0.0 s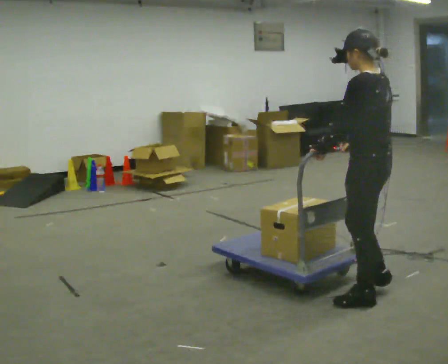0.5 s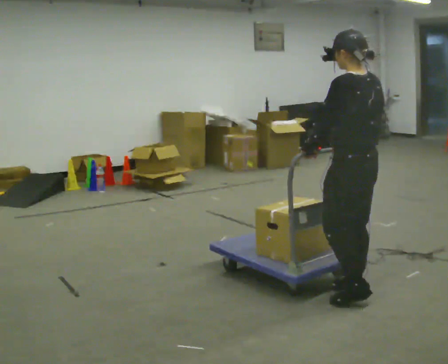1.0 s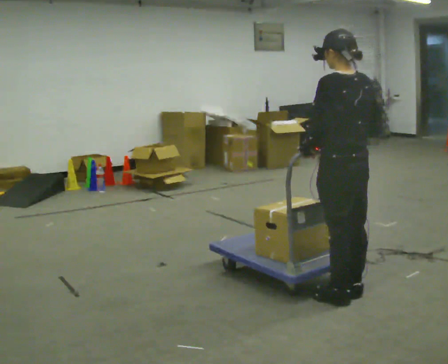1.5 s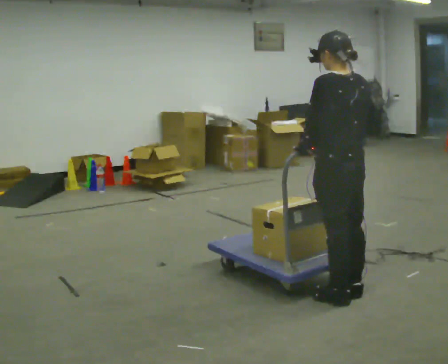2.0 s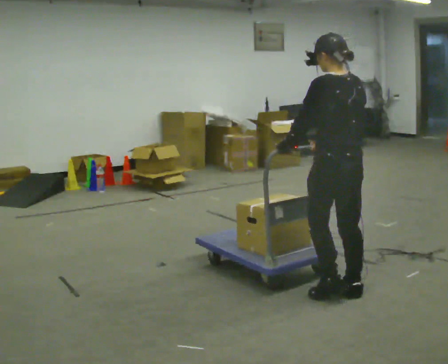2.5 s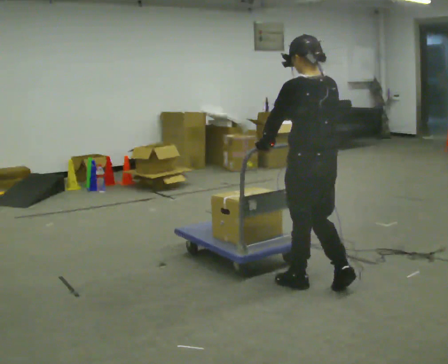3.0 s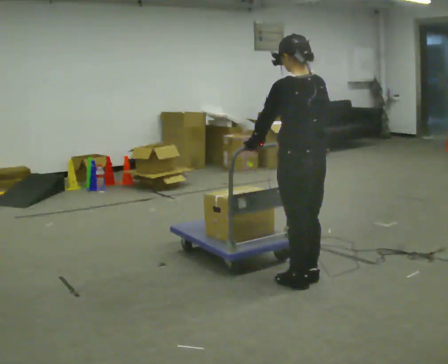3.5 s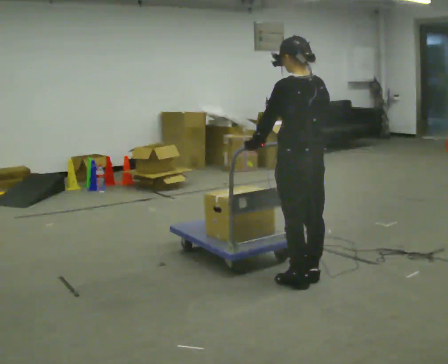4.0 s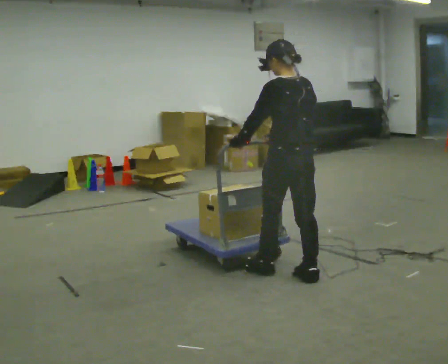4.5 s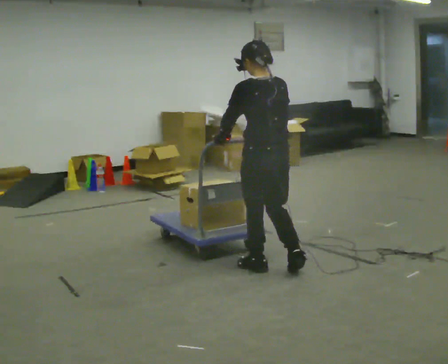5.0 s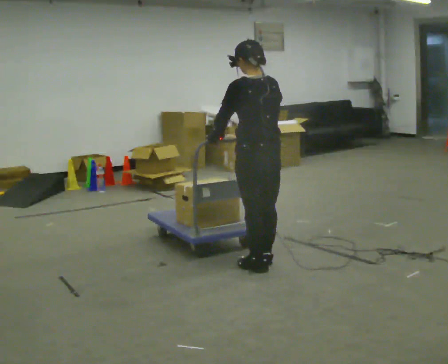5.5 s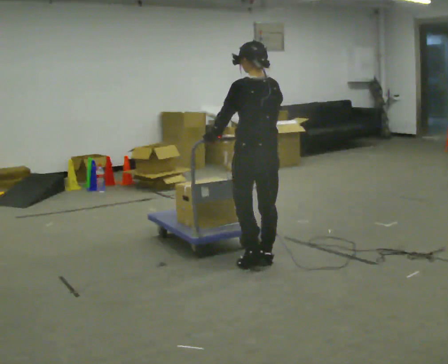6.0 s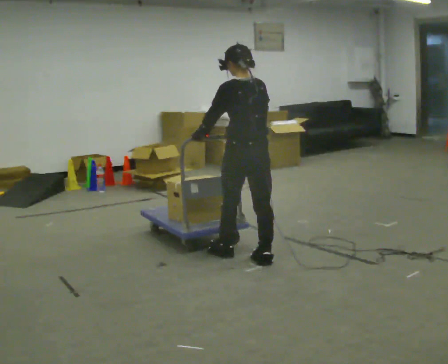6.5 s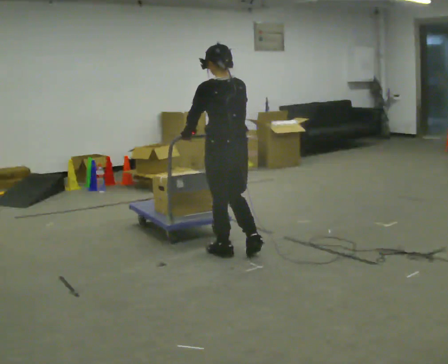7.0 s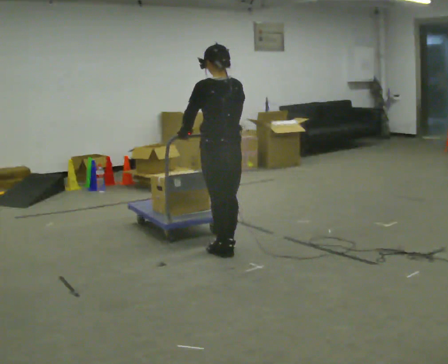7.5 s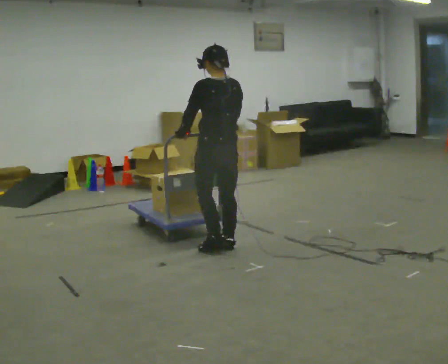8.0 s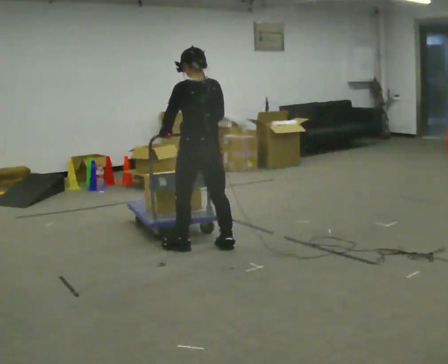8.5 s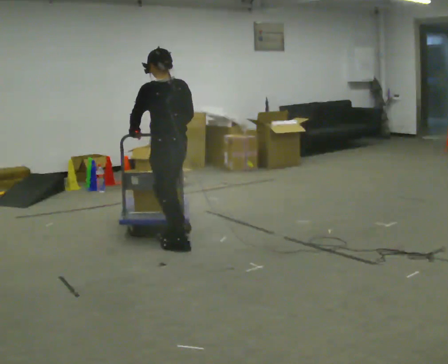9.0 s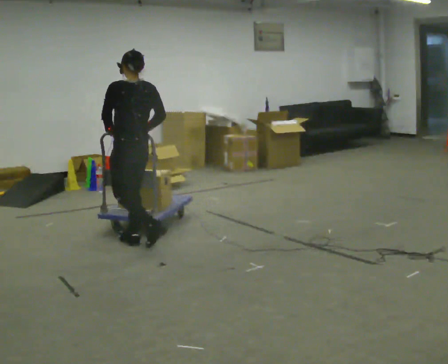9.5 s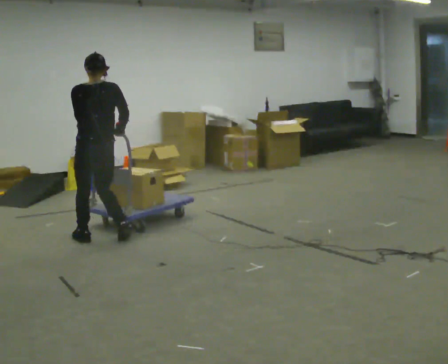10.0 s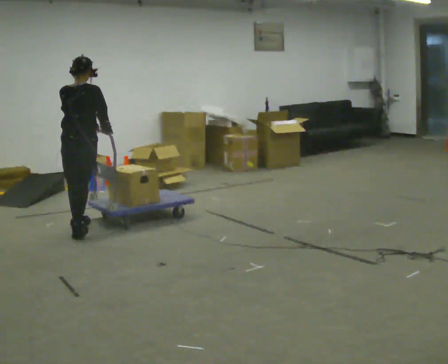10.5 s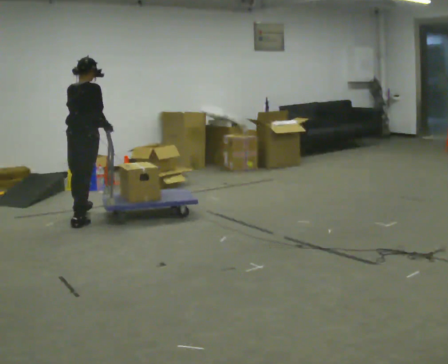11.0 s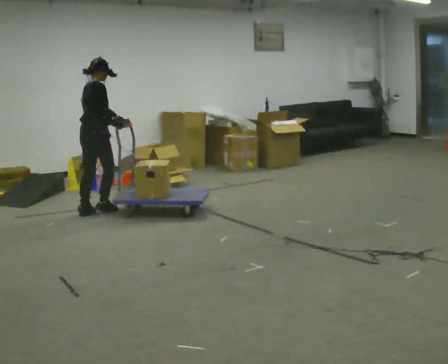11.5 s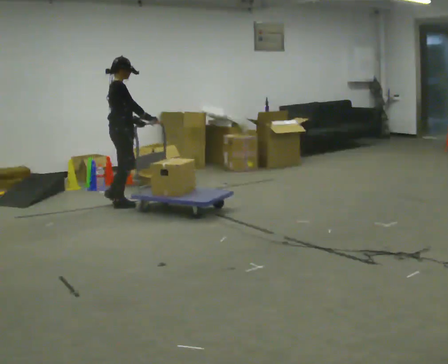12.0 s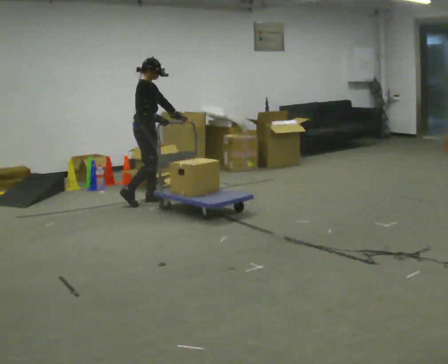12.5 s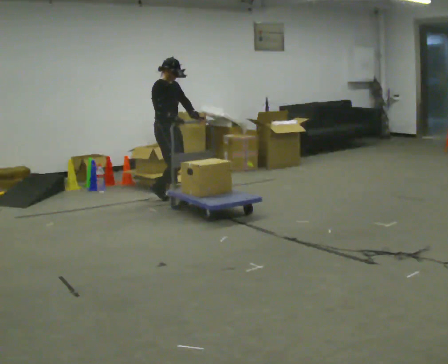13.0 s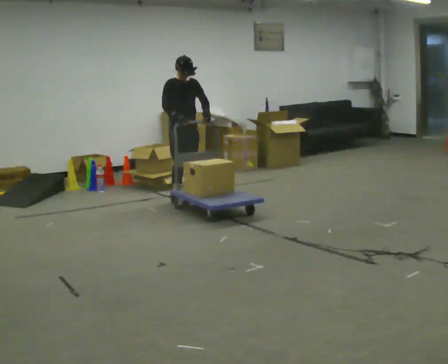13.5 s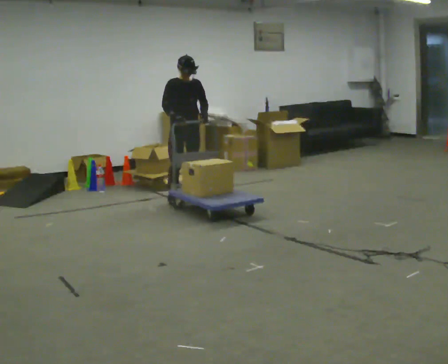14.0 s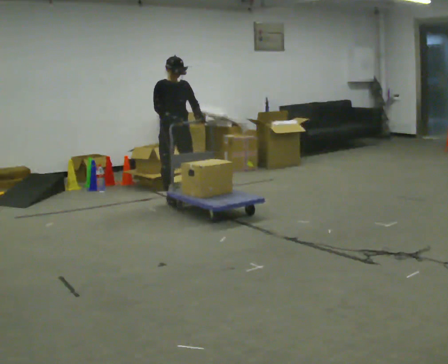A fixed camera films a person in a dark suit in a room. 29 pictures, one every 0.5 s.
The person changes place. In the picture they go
away from the camera.
0.0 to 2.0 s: In the picture they go to the left, about 0.25 m in 2 steps, which for them is forward.
2.0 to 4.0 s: In the picture they go away from the camera and to the left, about 0.5 m in 2 steps, which for them is forward.
4.0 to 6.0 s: In the picture they go away from the camera and to the left, about 0.5 m in 3 steps, which for them is forward.
6.0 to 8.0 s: In the picture they go to the left and away from the camera, about 0.5 m in 2 steps, which for them is forward.
8.0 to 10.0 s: The person turns about 30 degrees to their right, clockwise seen from above, so the part of the body nearest the lens slides to the left. In the picture they go to the left and away from the camera, about 1 m in 3 steps, which for them is forward.
10.0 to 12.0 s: The person turns about 105 degrees to their right, clockwise seen from above, so the part of the body nearest the lens slides to the left. In the picture they go away from the camera, about 1 m in 3 steps.
12.0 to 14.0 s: The person turns about 60 degrees to their right, clockwise seen from above, so the part of the body nearest the lens slides to the left. In the picture they go to the right, about 0.25 m in 2 steps, which for them is to their left and forward.
The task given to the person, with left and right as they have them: Push the cart across the room and back. The operator will change how much is loaded on it between takes and will tell you each time.
The film runs forward here.
